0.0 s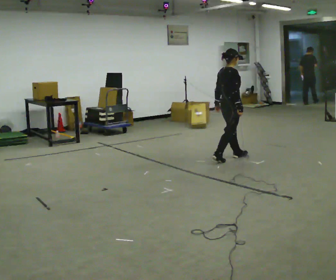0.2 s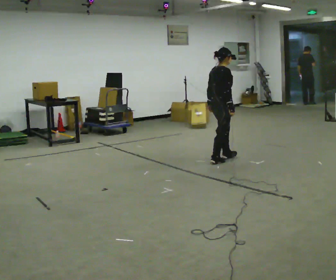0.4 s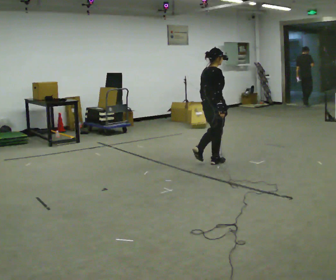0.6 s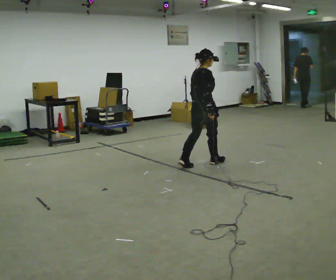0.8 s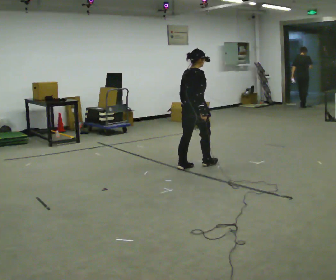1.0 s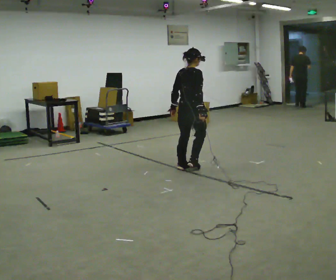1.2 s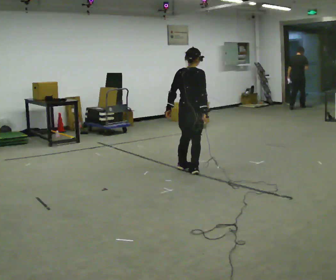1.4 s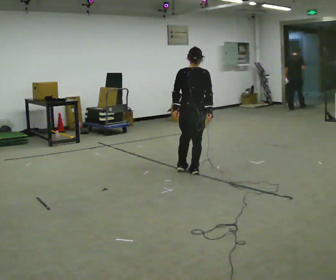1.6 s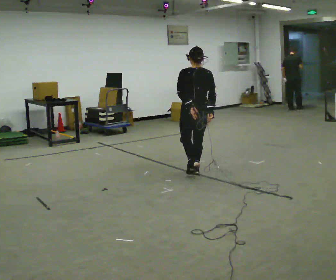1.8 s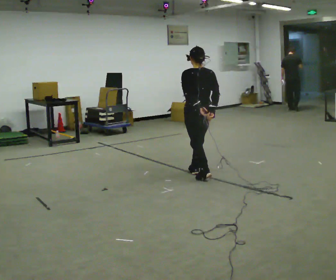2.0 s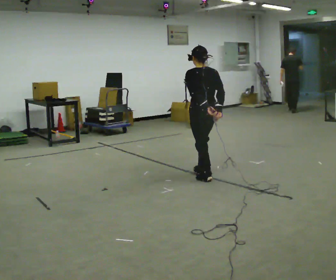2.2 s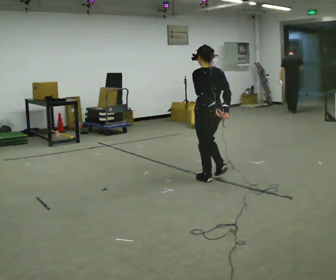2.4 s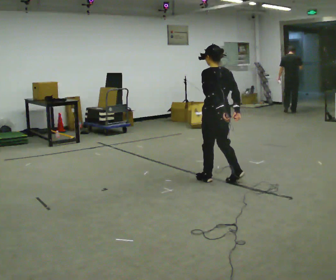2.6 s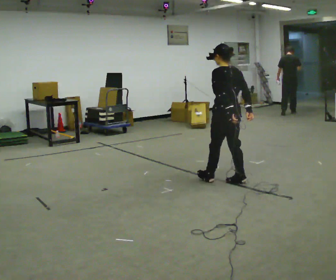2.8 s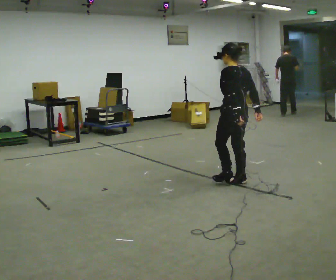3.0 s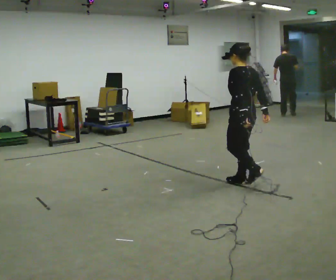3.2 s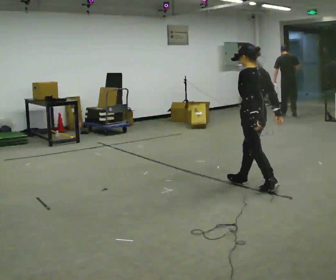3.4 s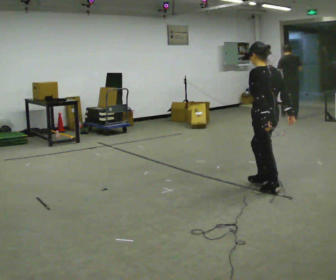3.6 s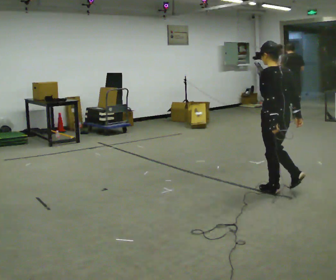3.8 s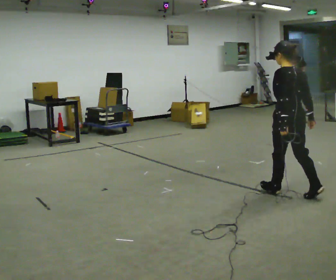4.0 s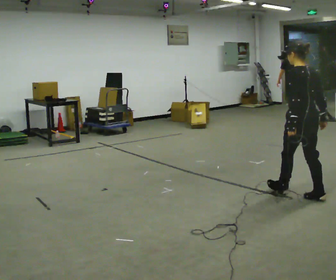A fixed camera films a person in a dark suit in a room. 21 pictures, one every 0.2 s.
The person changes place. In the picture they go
toward the camera.
The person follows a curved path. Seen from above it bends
counterclockwise.
0.0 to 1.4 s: Seen from above the body turns counterclockwise, about 60 degrees: to their left, with its near side sliding to the right. In the picture they go toward the camera and to the left, about 0.5 m in 3 steps, which for them is backward.
1.4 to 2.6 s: Seen from above the body turns counterclockwise, about 45 degrees: to their left, with its near side sliding to the right. In the picture they go toward the camera and to the right, about 0.5 m in 2 steps, which for them is backward.
2.6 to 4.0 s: In the picture they go toward the camera and to the right, about 1 m in 2 steps, which for them is backward.
The film runs backward here.
